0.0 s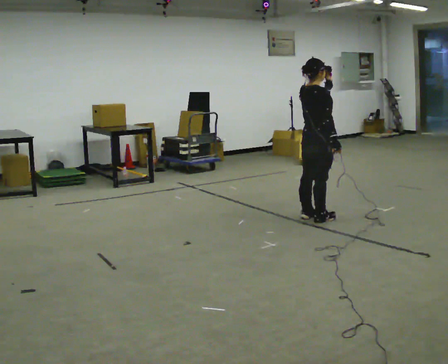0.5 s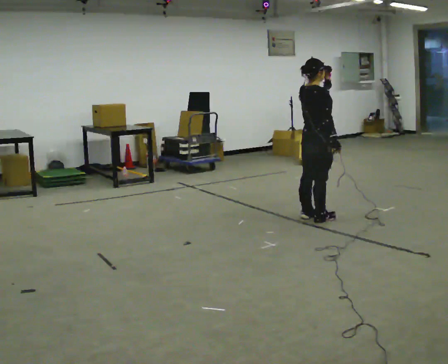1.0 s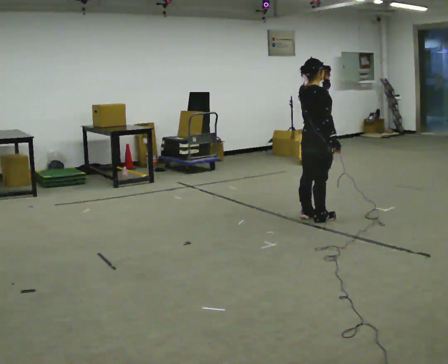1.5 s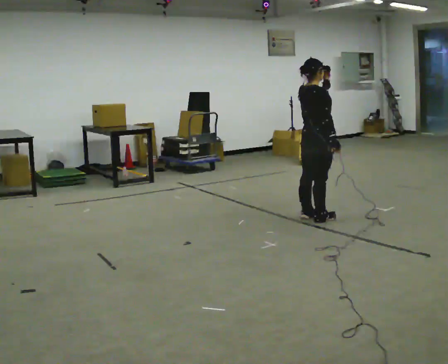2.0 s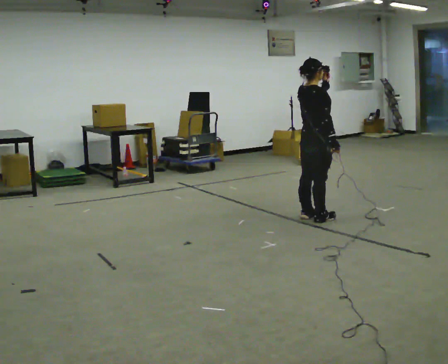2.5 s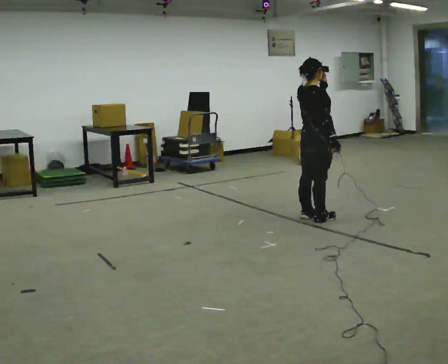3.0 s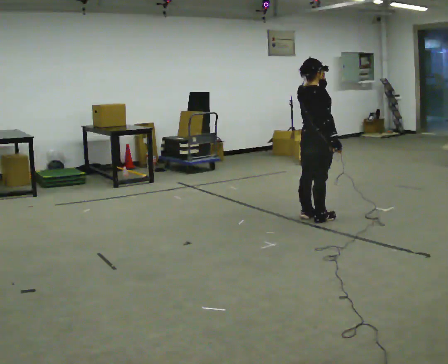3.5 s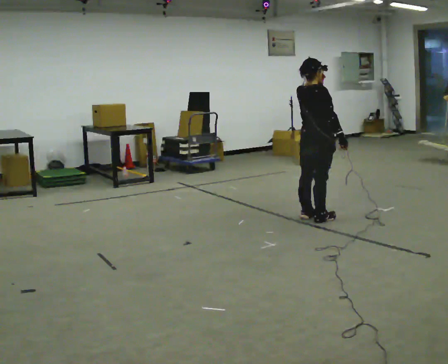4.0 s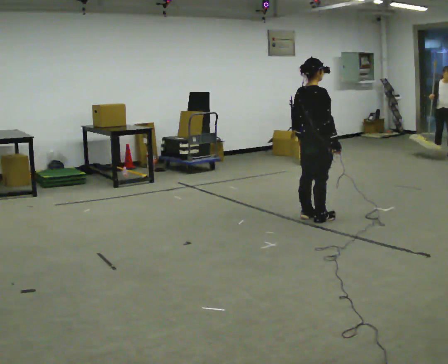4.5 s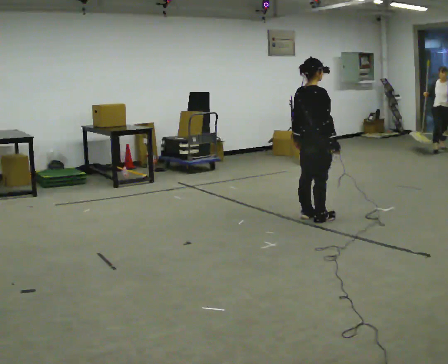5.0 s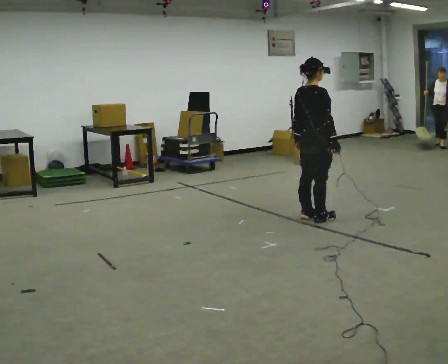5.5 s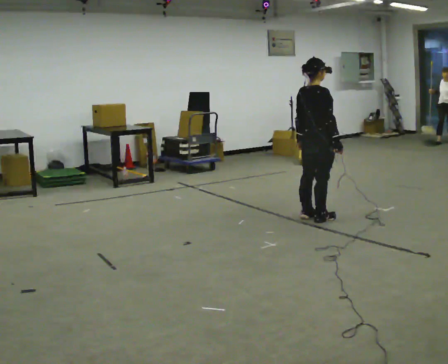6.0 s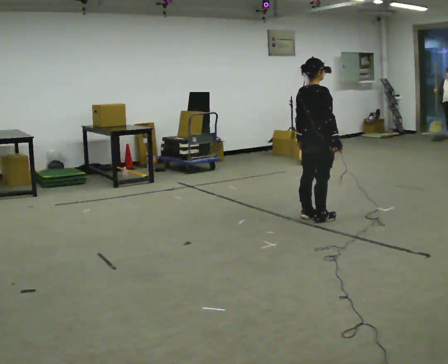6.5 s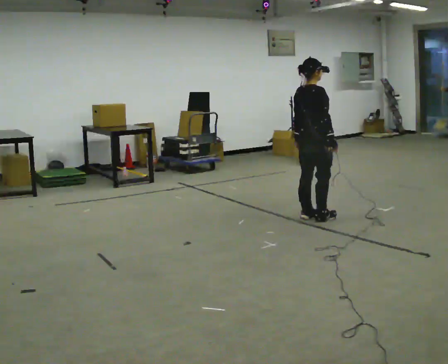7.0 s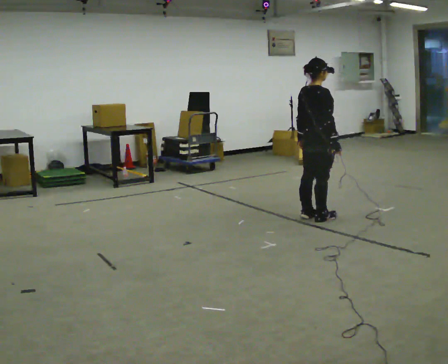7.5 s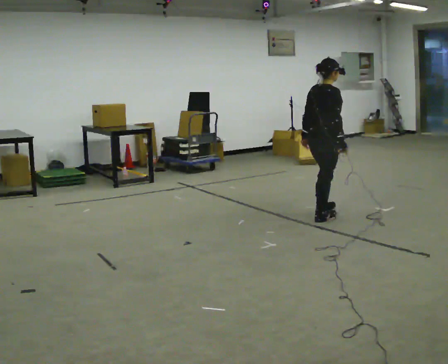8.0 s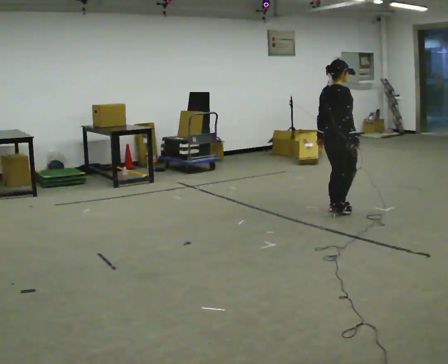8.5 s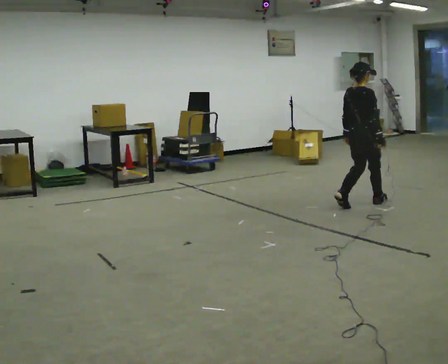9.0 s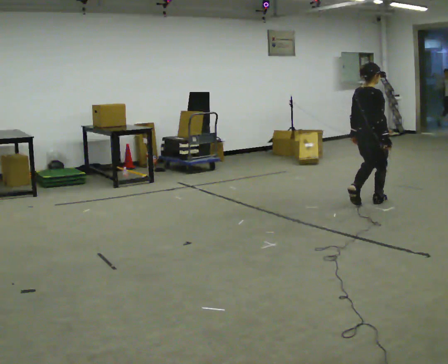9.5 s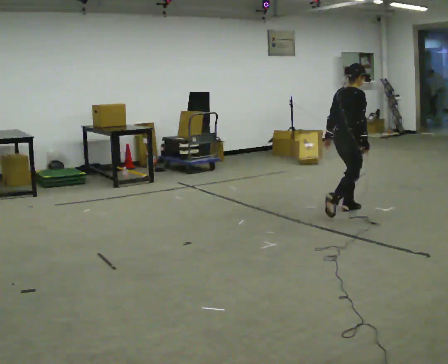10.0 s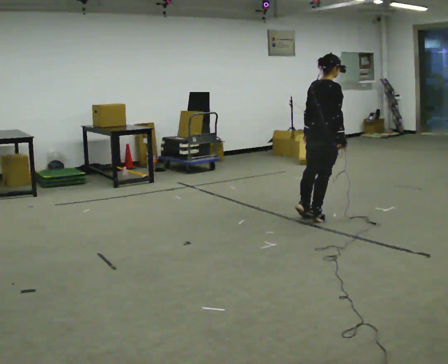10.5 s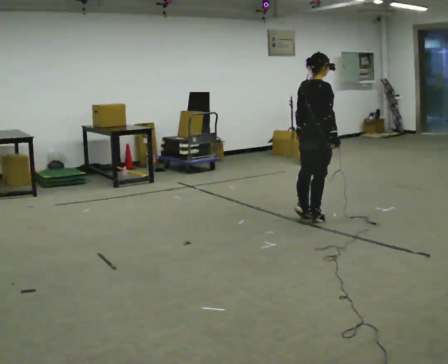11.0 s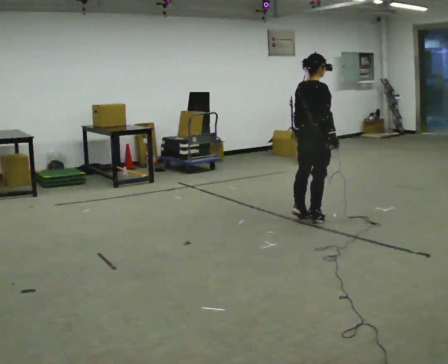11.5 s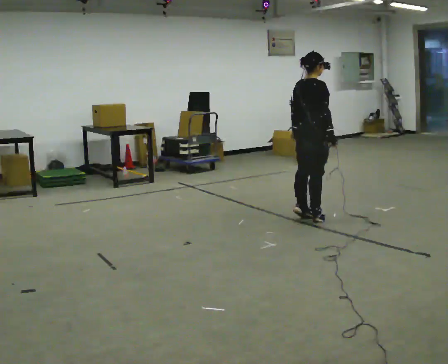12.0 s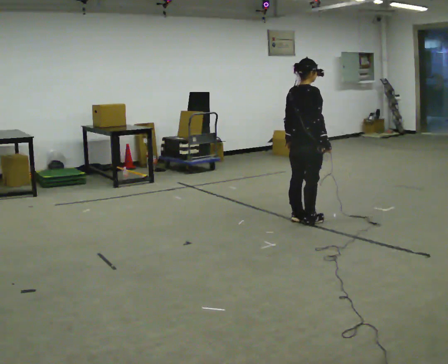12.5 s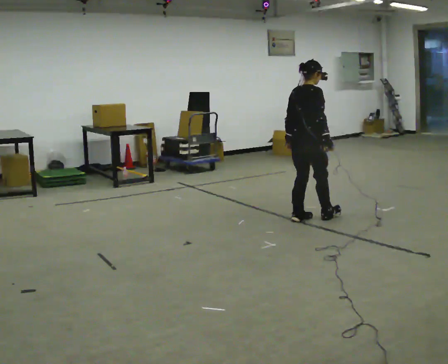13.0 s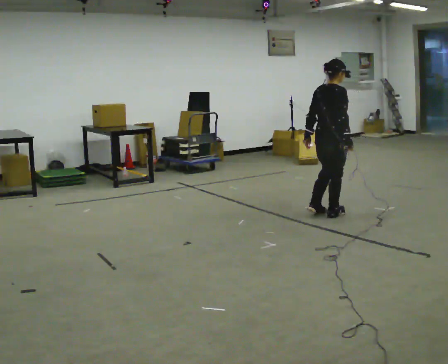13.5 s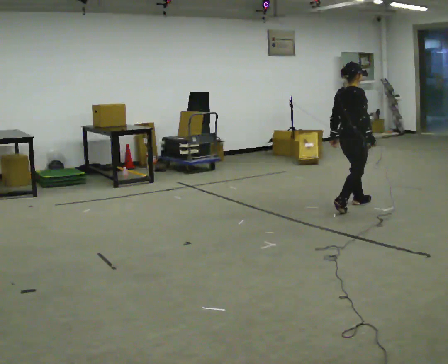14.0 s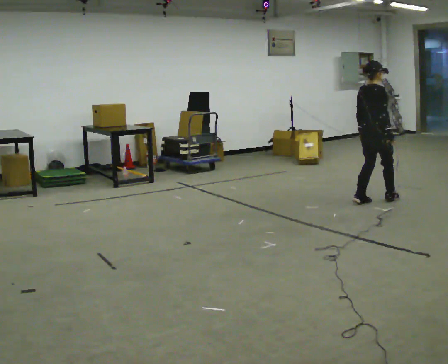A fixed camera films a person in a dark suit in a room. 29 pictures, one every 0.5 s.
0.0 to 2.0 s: The person moves a little, or ends about where they began.
2.0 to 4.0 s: In the picture their left hand goes downward.
4.0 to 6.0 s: The person moves a little, or ends about where they began.
6.0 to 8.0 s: In the picture they go away from the camera and to the right, about 0.25 m in 2 steps, which for them is forward.
8.0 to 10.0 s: In the picture they go toward the camera, about 0.25 m in 4 steps, which for them is backward.
10.0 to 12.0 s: In the picture they go to the left, about 0.25 m, which for them is backward.
12.0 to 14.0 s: In the picture they go to the right and away from the camera, about 1 m in 3 steps, which for them is forward.
The film runs backward here.
